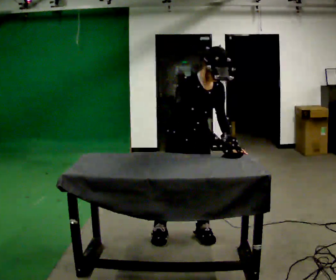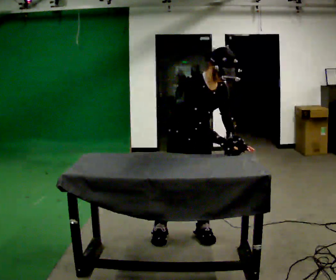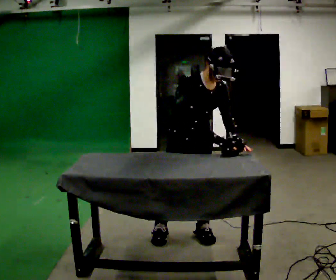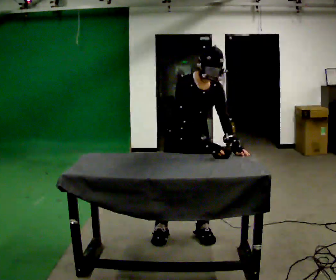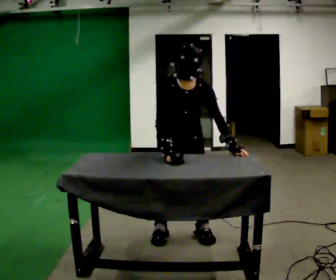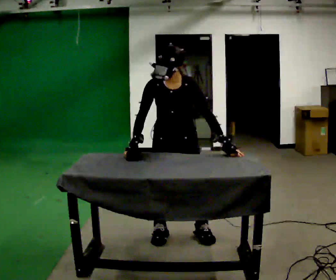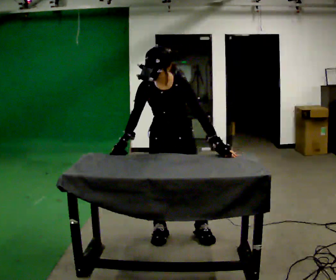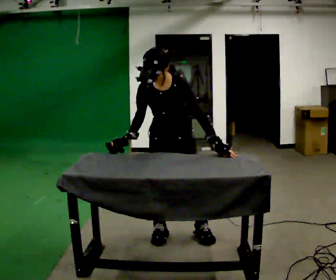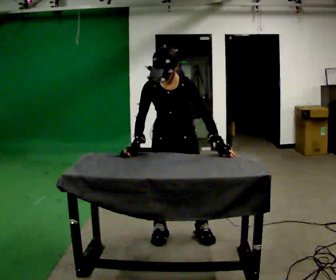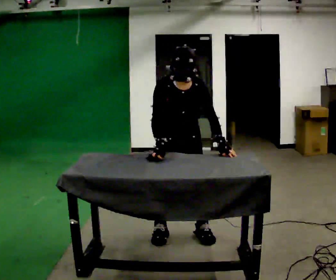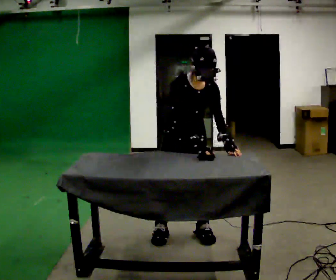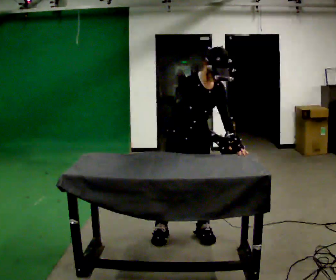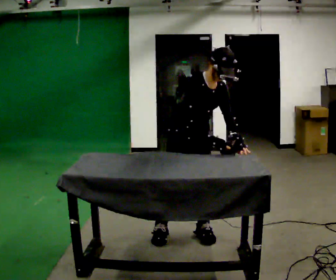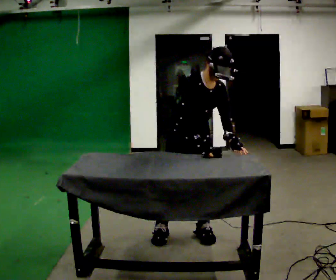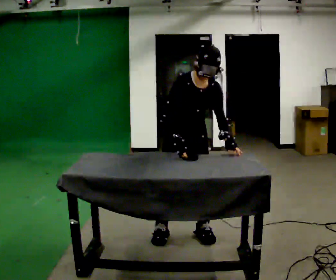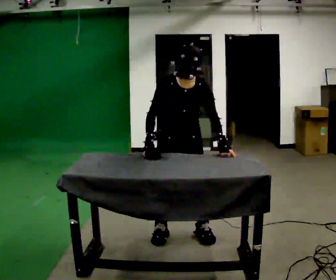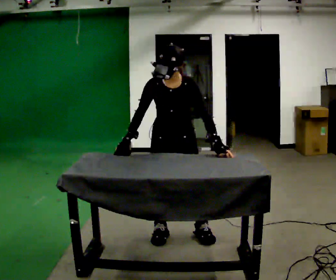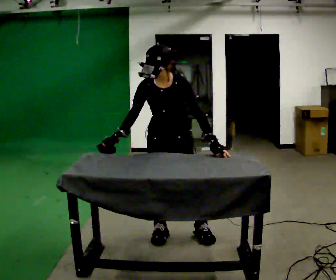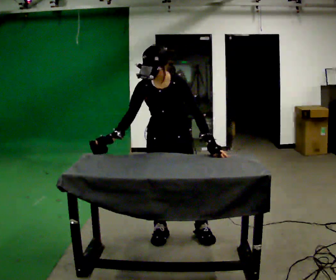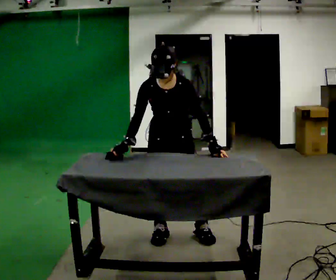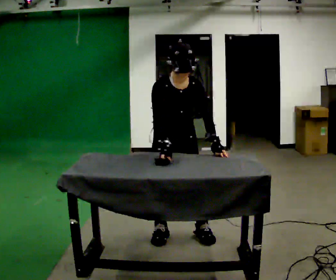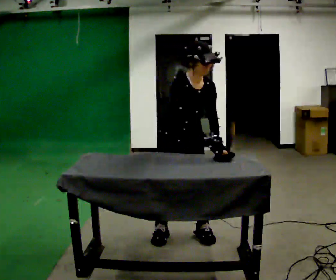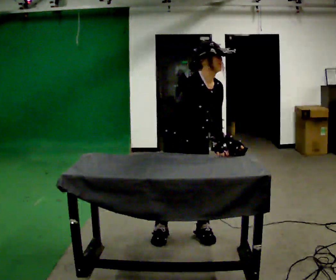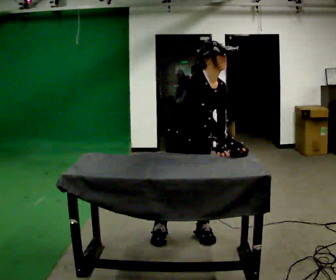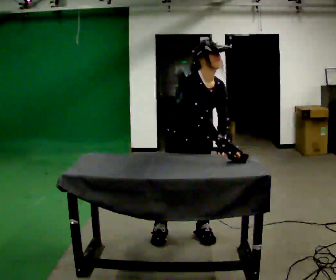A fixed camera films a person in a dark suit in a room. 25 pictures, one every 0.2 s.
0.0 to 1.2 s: Seen from above the body turns clockwise, about 45 degrees: to their right, with its near side sliding to the left. In the picture the upper body tilts counterclockwise, shoulders to the left. In the picture their right hand goes to the left, the arm swinging clockwise.
1.2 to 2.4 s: The part of the body nearest the lens slides to the right as the person turns to their left by about 45 degrees. In the picture the upper body tilts clockwise, shoulders to the right. In the picture their right hand goes to the right, the arm swinging counterclockwise.
2.4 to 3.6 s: The person turns about 45 degrees to their right, clockwise seen from above, so the part of the body nearest the lens slides to the left. In the picture the upper body tilts counterclockwise, shoulders to the left. In the picture their right hand goes to the left, the arm swinging clockwise.
3.6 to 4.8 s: Seen from above the body turns counterclockwise, about 30 degrees: to their left, with its near side sliding to the right. In the picture the upper body tilts clockwise, shoulders to the right. In the picture their right hand goes to the right, the arm swinging counterclockwise.
The film runs forward here.
